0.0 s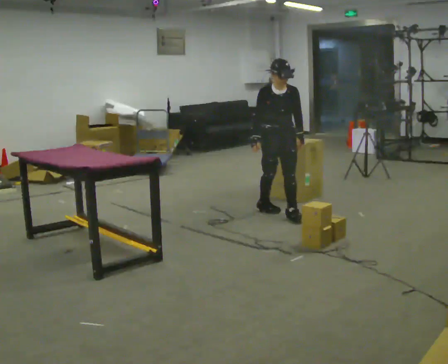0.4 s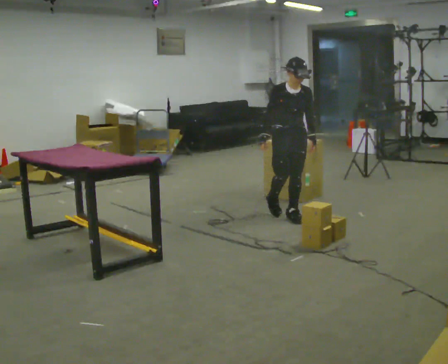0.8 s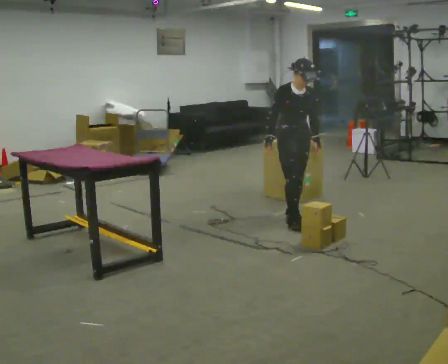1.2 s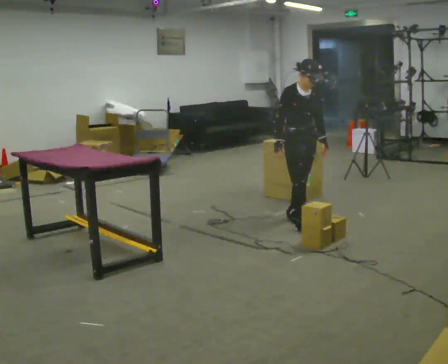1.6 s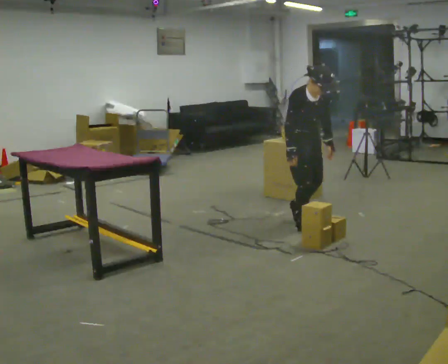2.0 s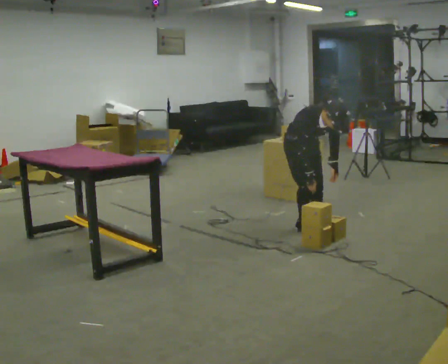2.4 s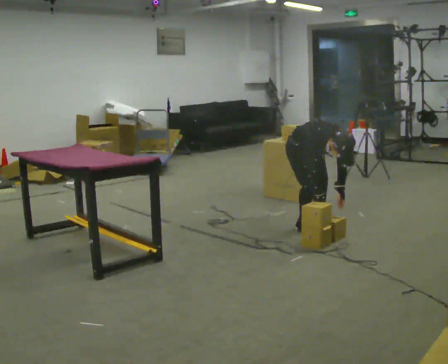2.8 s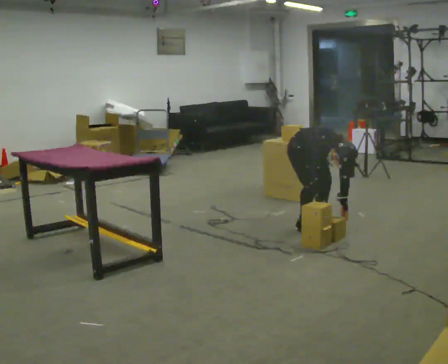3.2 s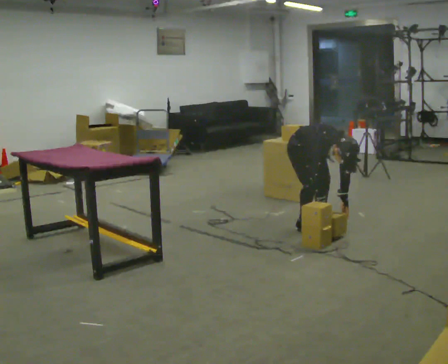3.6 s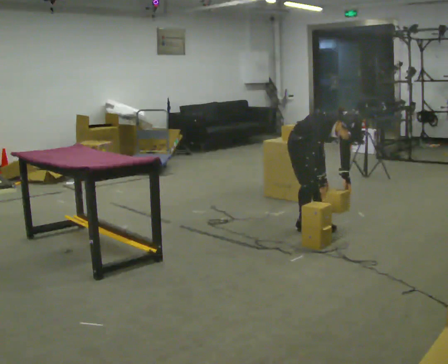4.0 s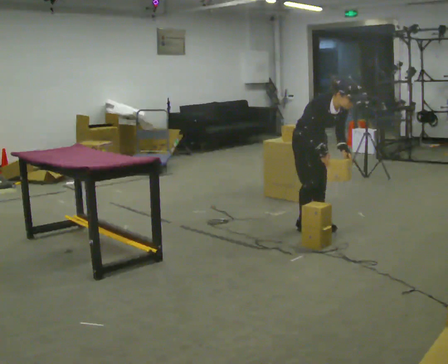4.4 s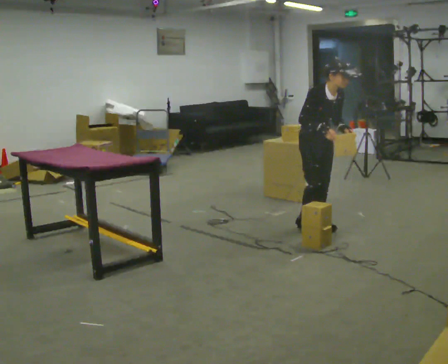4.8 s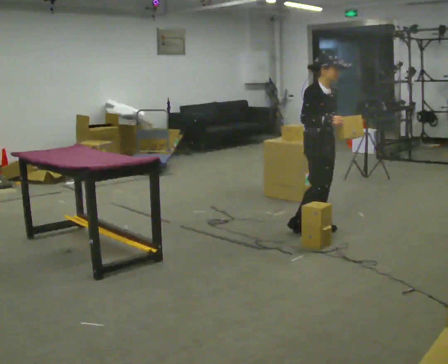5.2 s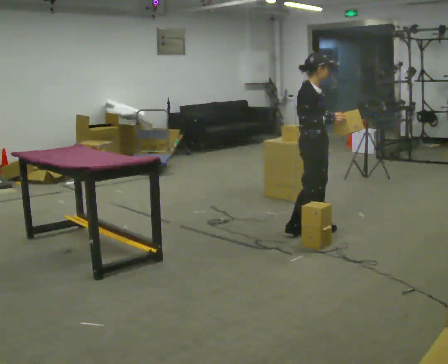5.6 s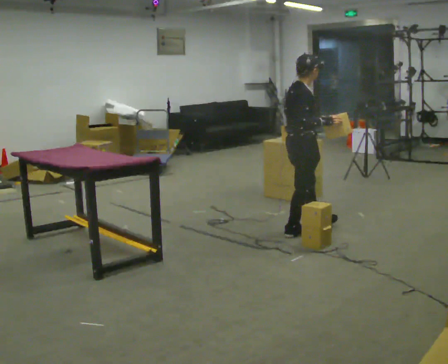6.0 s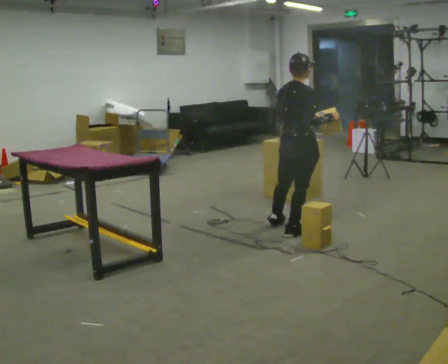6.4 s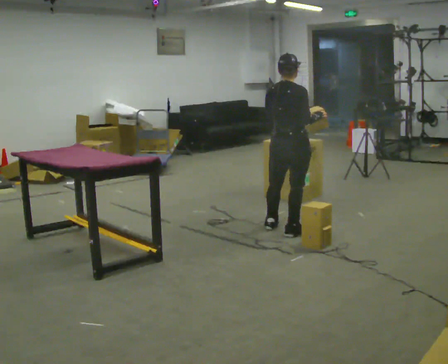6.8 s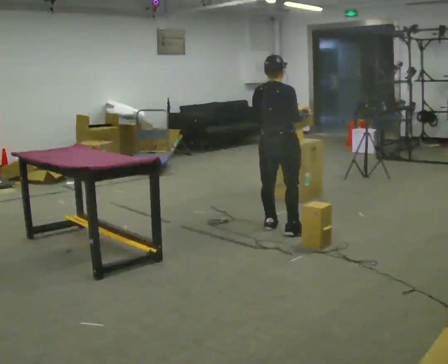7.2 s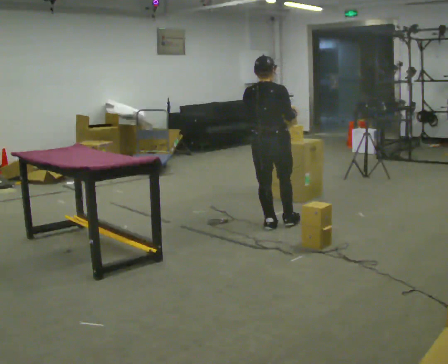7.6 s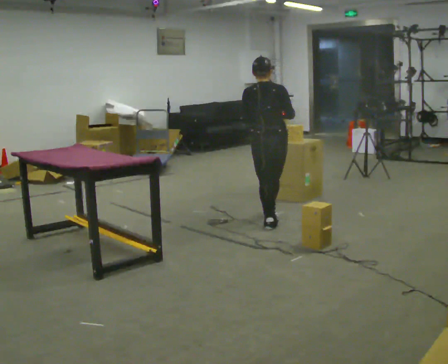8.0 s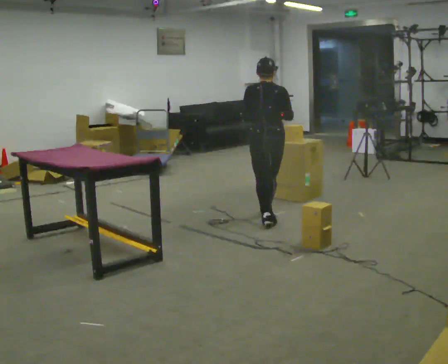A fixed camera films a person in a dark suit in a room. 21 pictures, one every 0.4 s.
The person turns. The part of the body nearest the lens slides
to the right.
The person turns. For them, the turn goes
to their left.
0.0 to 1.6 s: In the picture they go toward the camera and to the right, about 0.5 m in 1 step, which for them is forward. The upper body tips toward the camera, its near side rolling downward, as they bend forward.
1.6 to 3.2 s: The shoulders move downward. The upper body tips toward the camera, its near side rolling downward, as they bend forward. In the picture their left hand goes downward.
3.2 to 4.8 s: Seen from above the body turns counterclockwise, about 30 degrees: to their left, with its near side sliding to the right. The upper body goes upward. The upper body tips away from the camera, its near side rolling upward, as they lean back or straighten. In the picture their right hand goes upward.
4.8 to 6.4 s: Seen from above the body turns counterclockwise, about 90 degrees: to their left, with its near side sliding to the right. In the picture they go to the left, about 0.25 m in 2 steps.
6.4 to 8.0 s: The person turns about 45 degrees to their left, counterclockwise seen from above, so the part of the body nearest the lens slides to the right. In the picture they go away from the camera and to the left, about 0.5 m in 1 step, which for them is forward and to their left.
The film runs forward here.
